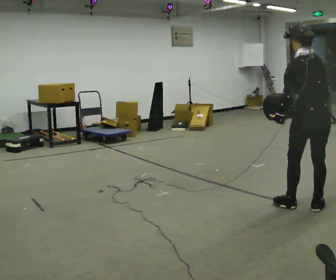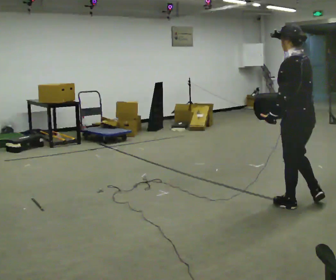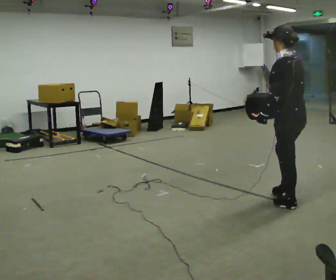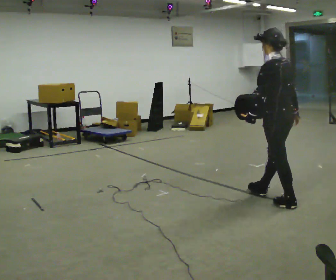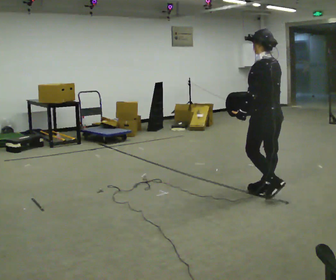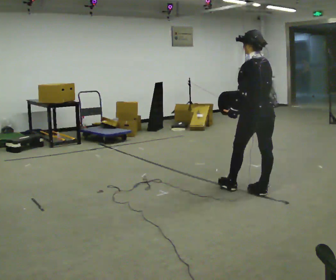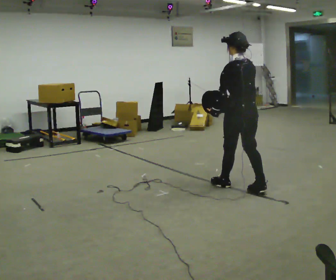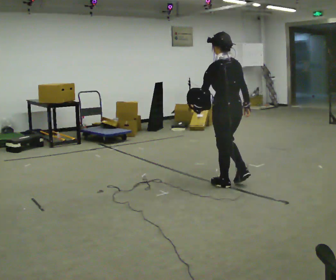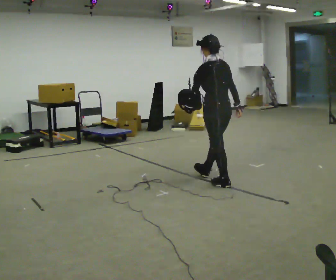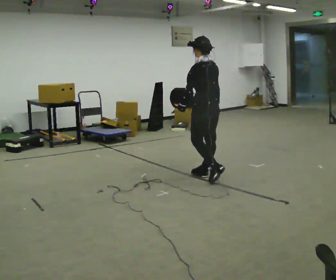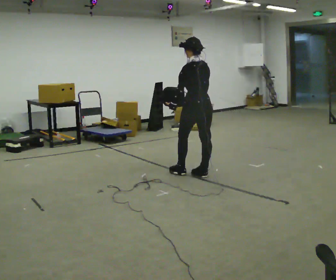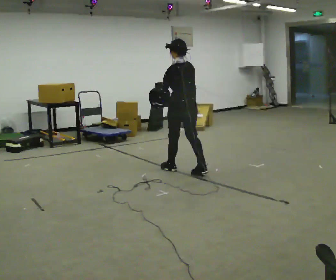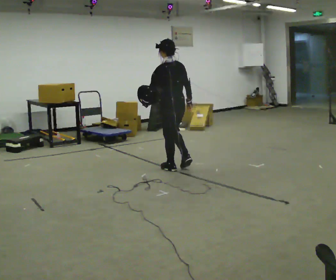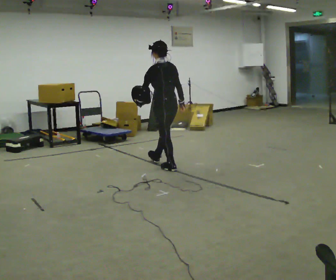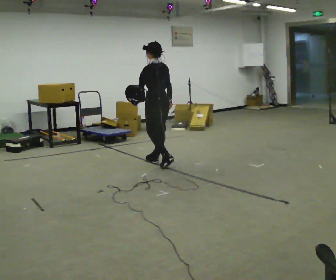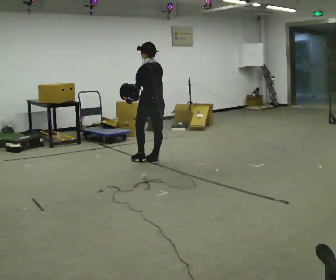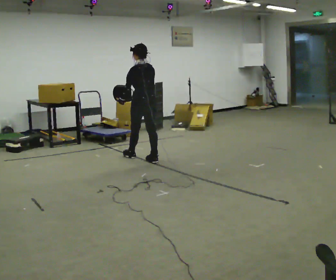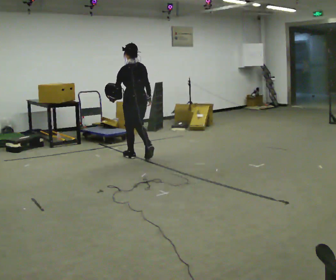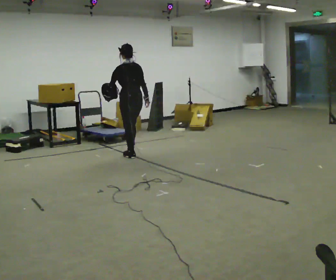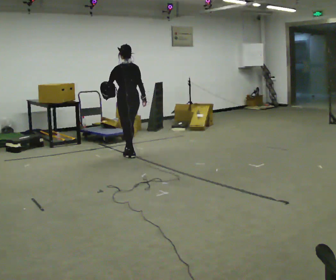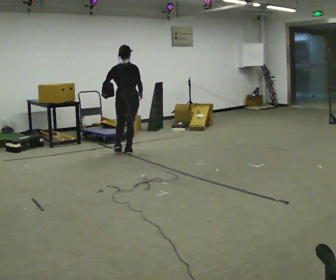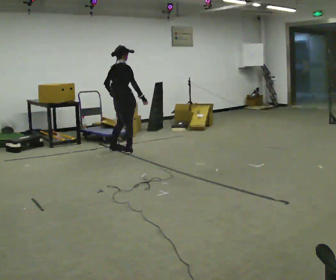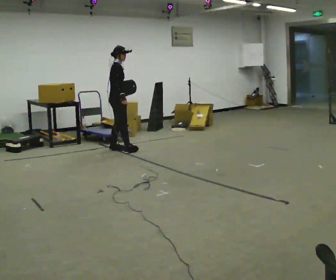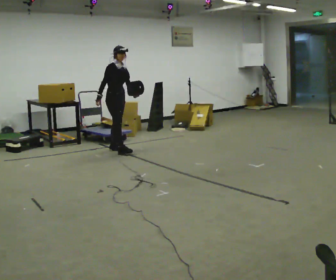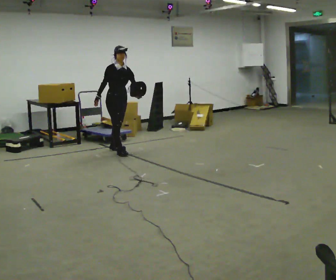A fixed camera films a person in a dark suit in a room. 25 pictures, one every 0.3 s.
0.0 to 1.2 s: Seen from above the body turns counterclockwise, about 30 degrees: to their left, with its near side sliding to the right. In the picture they go away from the camera and to the left, about 0.5 m in 1 step, which for them is forward.
1.2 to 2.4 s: In the picture they go away from the camera and to the left, about 0.75 m in 1 step, which for them is forward.
2.4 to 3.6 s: In the picture they go away from the camera and to the left, about 1 m in 2 steps, which for them is forward.
3.6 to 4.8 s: In the picture they go away from the camera and to the left, about 0.75 m in 2 steps, which for them is forward.
4.8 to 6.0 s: The part of the body nearest the lens slides to the left as the person turns to their right by about 30 degrees. In the picture they go away from the camera and to the left, about 0.5 m in 1 step, which for them is forward.
6.0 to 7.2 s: Seen from above the body turns clockwise, about 135 degrees: to their right, with its near side sliding to the left. In the picture they go to the left, about 0.25 m in 1 step. In the picture their left hand goes to the right, the arm swinging counterclockwise.
The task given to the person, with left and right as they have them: Hold the object against your hip on the side the operator calls, and carry it back and forth across the room.
The film runs forward here.
